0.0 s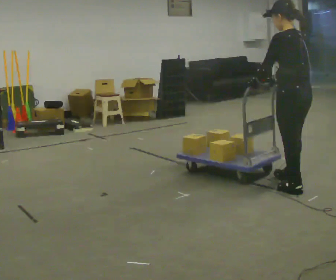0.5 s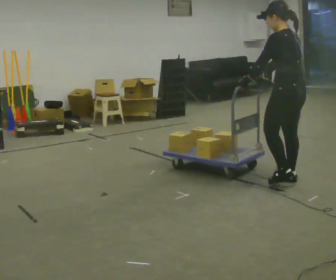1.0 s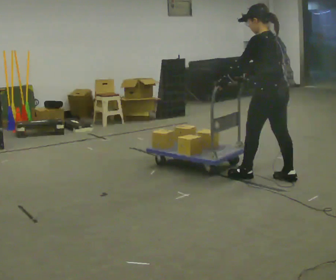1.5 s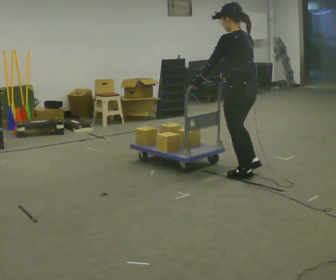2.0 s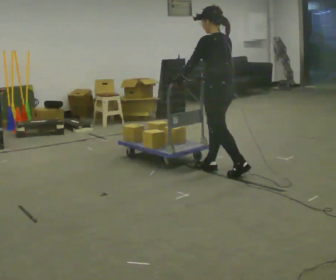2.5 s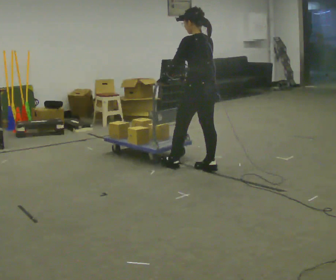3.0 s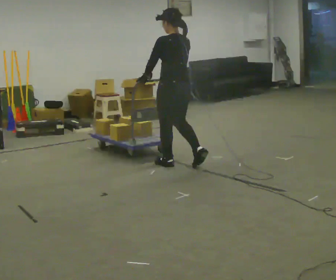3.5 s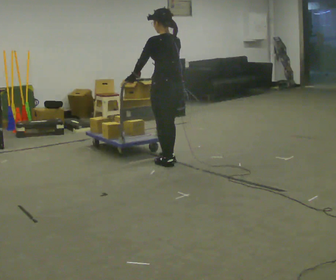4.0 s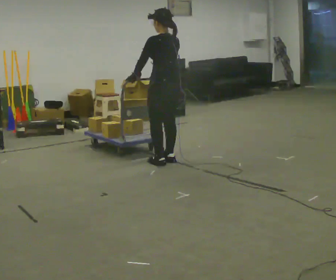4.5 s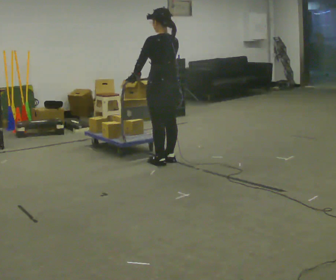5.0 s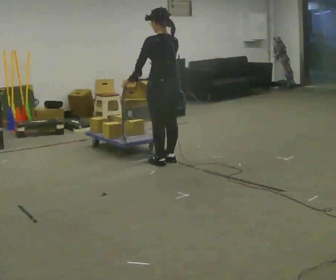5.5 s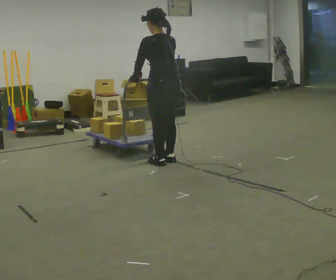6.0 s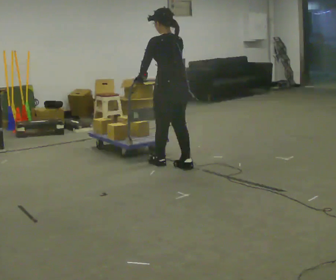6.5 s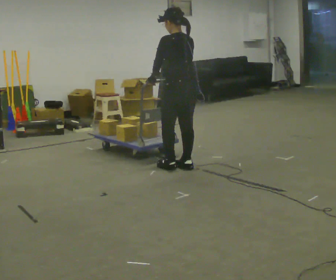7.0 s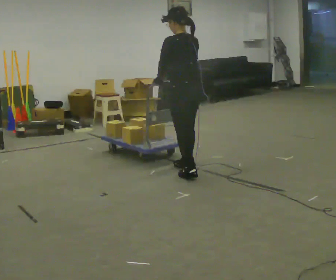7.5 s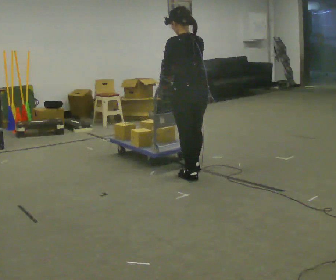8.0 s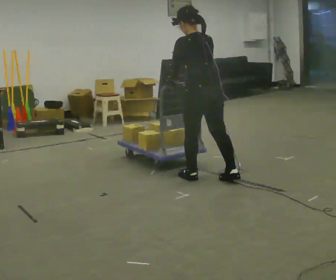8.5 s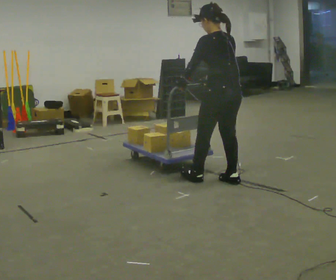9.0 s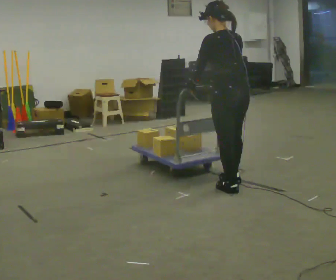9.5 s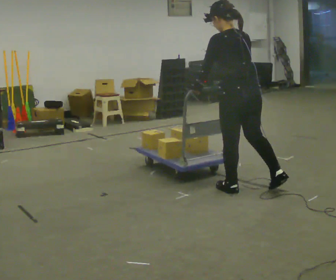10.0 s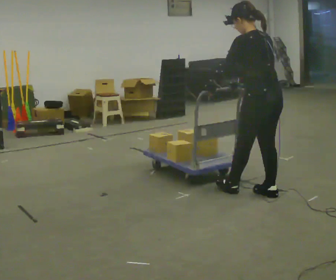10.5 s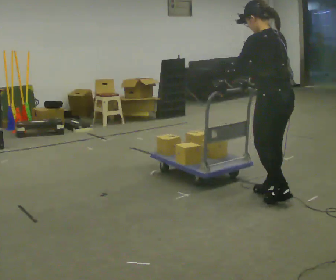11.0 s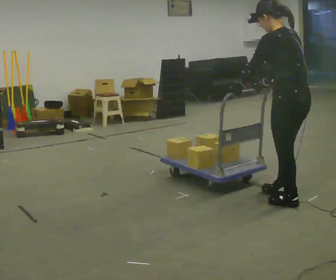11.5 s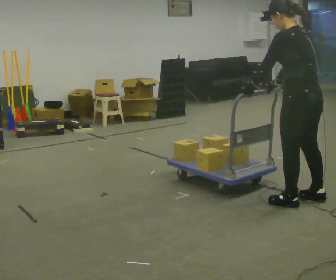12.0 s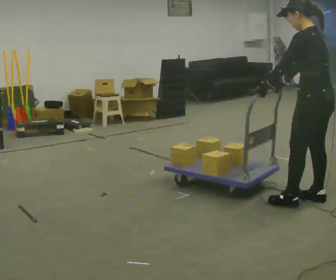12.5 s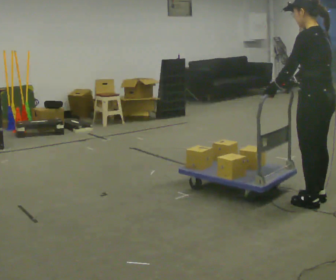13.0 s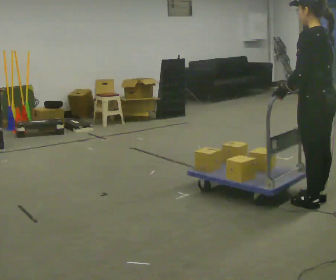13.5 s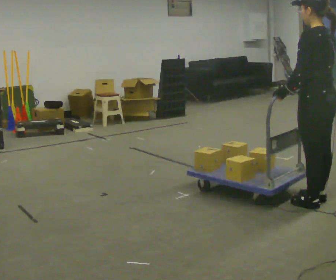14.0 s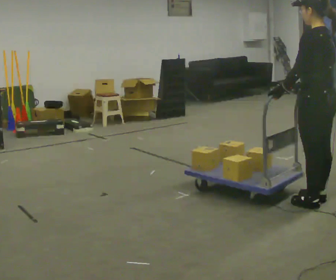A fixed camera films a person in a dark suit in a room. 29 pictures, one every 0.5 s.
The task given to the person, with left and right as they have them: Get the cart into the marked parking space and lined up with the tape. Take as many adjustments as you need. Then take it out again and repeat.
0.0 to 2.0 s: In the picture they go away from the camera and to the left, about 1 m in 2 steps, which for them is forward.
2.0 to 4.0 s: In the picture they go to the left and away from the camera, about 0.75 m in 2 steps, which for them is forward.
4.0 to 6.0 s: In the picture they go toward the camera, about 0.25 m in 1 step, which for them is backward.
6.0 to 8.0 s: In the picture they go toward the camera and to the right, about 0.5 m in 2 steps, which for them is backward.
8.0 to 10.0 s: In the picture they go toward the camera and to the right, about 0.75 m in 2 steps, which for them is backward.
10.0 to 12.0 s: In the picture they go to the right and toward the camera, about 0.5 m in 2 steps, which for them is backward.
12.0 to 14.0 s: The person moves a little, or ends about where they began.
The film runs forward here.
